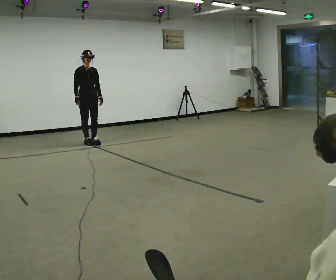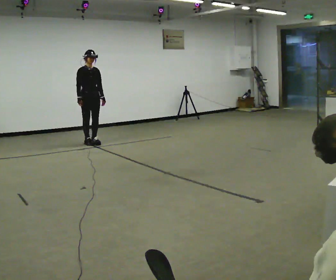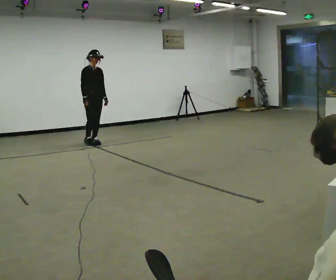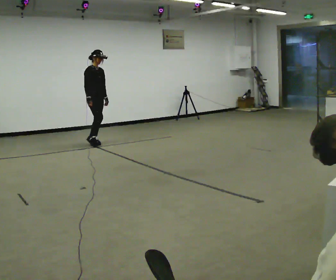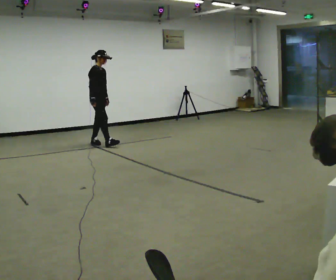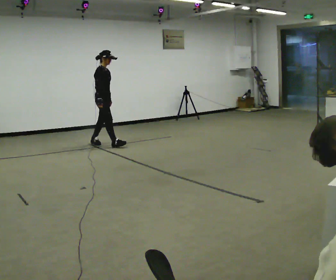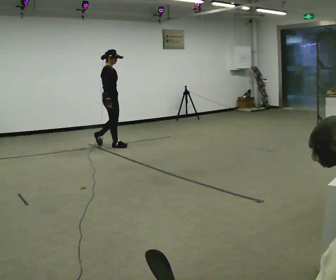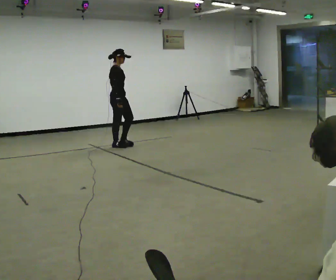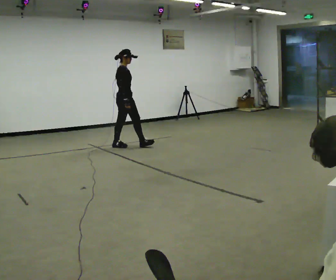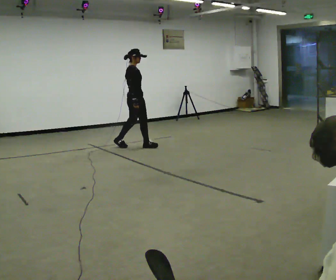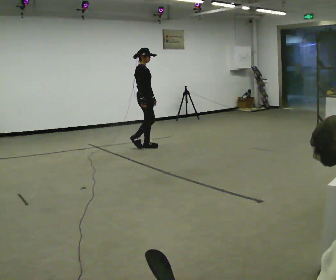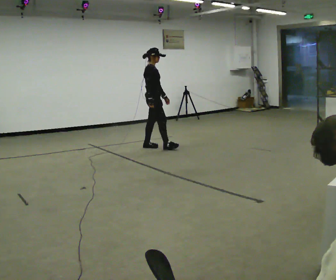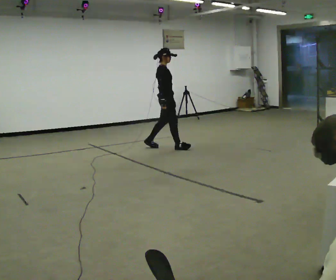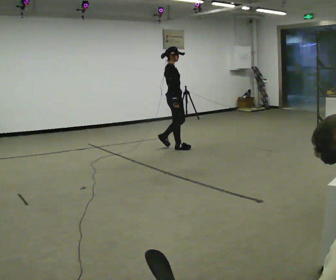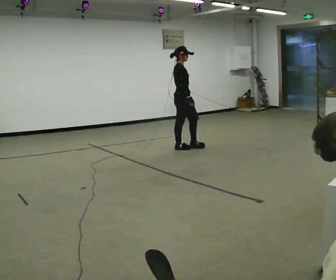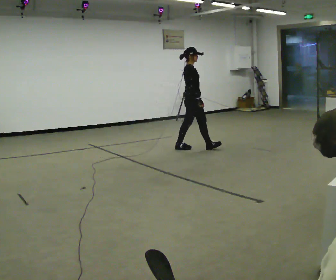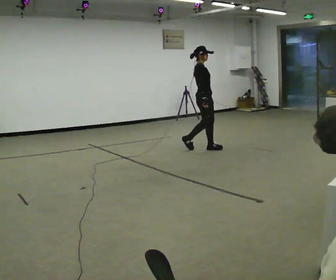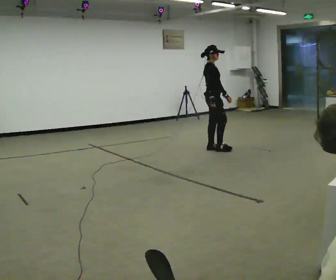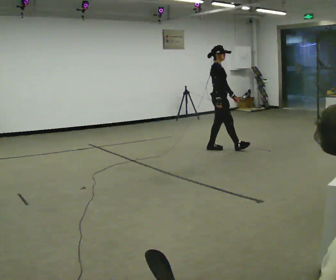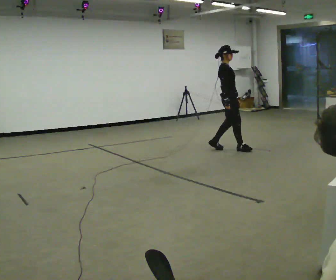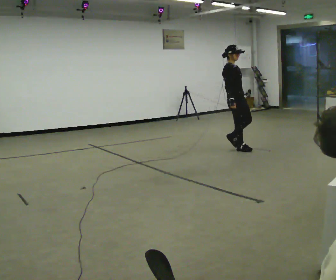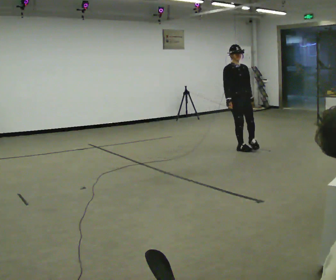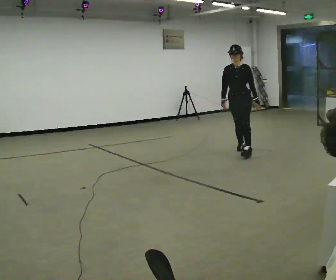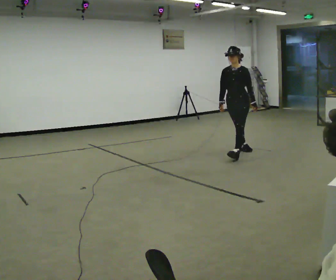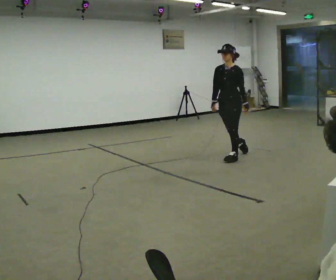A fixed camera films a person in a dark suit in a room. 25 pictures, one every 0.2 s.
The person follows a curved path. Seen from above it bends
clockwise.
The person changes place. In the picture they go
to the right.
0.0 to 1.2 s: The part of the body nearest the lens slides to the right as the person turns to their left by about 45 degrees. In the picture they go to the right and toward the camera, about 0.5 m in 1 step, which for them is forward.
1.2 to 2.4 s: In the picture they go to the right, about 1 m in 2 steps, which for them is forward.
2.4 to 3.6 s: In the picture they go to the right, about 1 m in 1 step, which for them is forward.
3.6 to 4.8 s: The person turns about 120 degrees to their right, clockwise seen from above, so the part of the body nearest the lens slides to the left. In the picture they go toward the camera, about 0.5 m in 2 steps.
The film runs forward here.
